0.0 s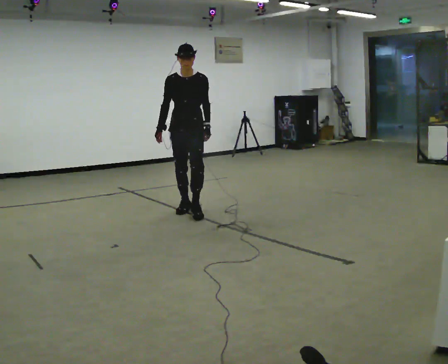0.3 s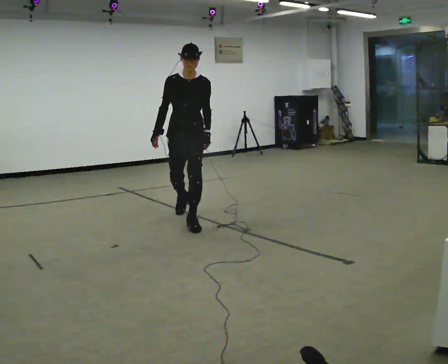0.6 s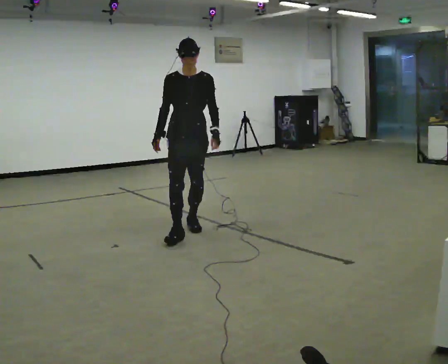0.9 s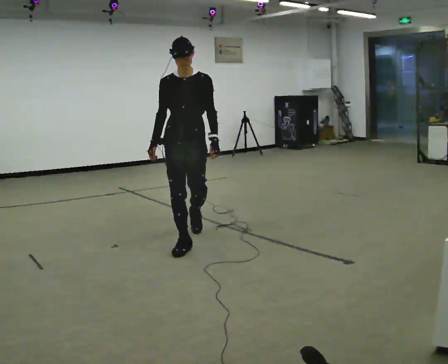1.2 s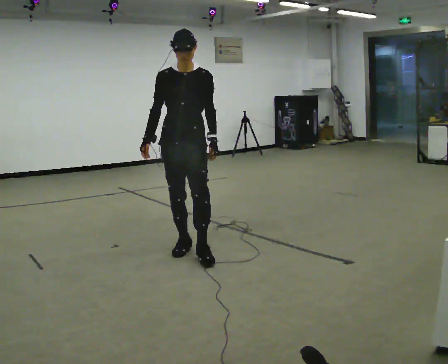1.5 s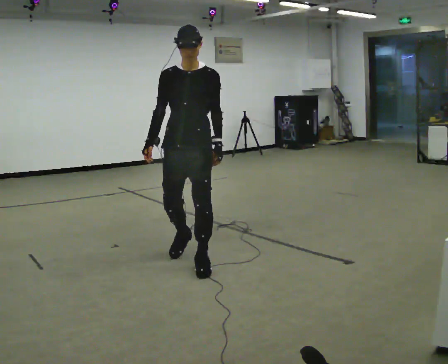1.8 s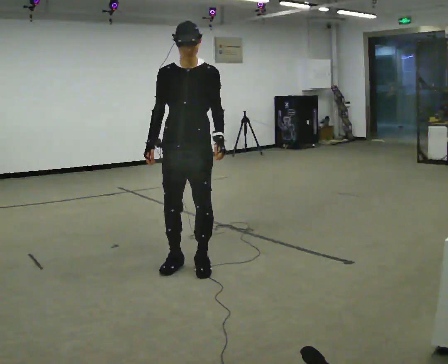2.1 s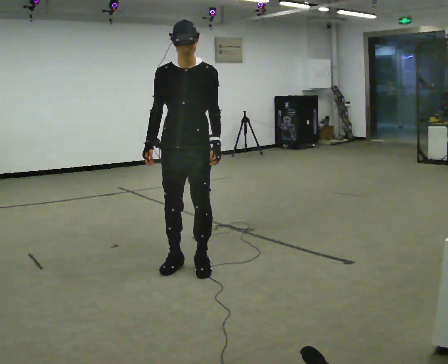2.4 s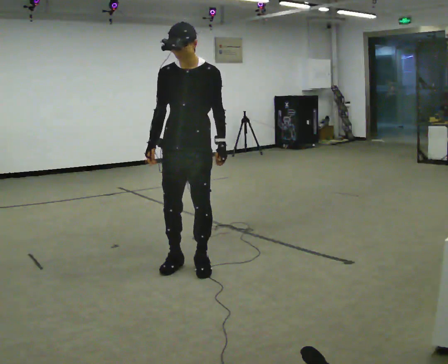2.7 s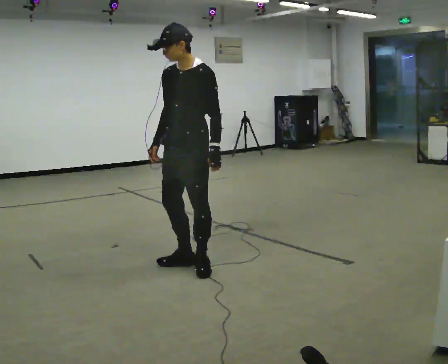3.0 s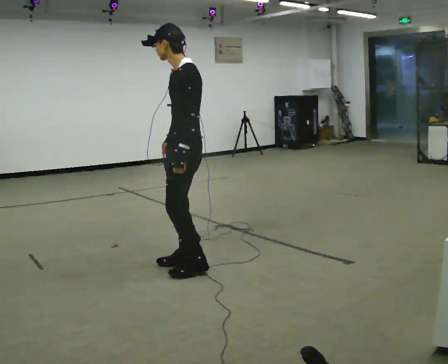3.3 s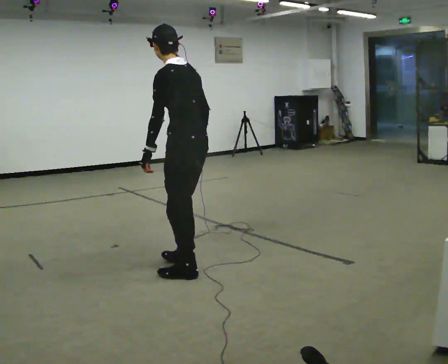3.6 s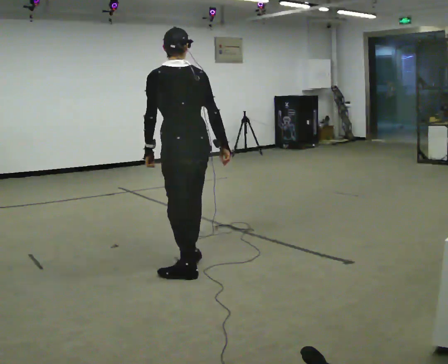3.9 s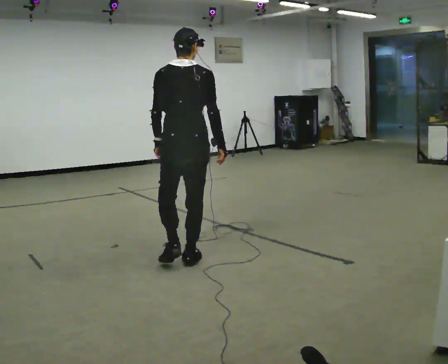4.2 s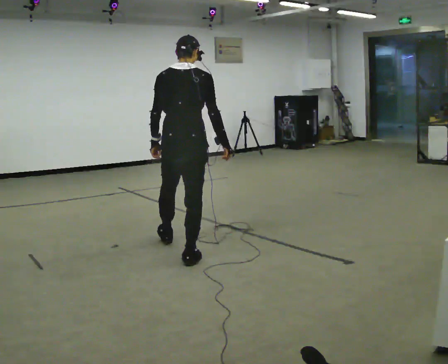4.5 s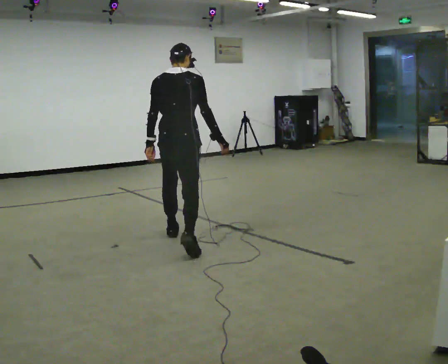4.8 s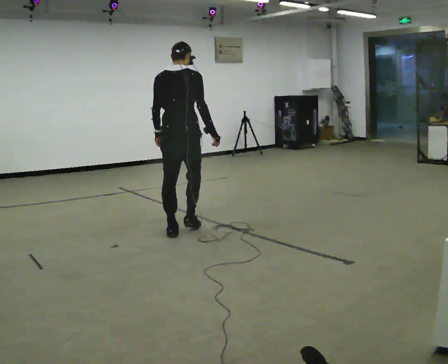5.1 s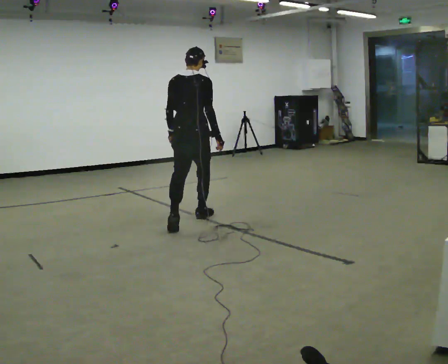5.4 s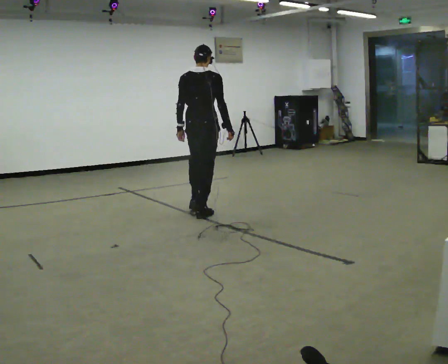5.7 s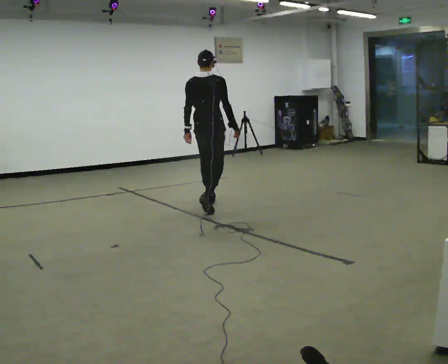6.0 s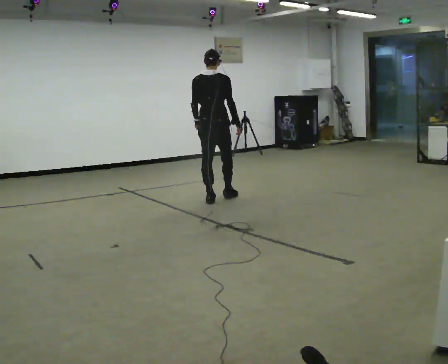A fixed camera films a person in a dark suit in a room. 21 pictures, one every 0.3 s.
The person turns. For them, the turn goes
to their right.
The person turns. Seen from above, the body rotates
clockwise.
0.0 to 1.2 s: In the picture they go toward the camera, about 1.5 m in 2 steps, which for them is forward.
1.2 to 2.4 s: In the picture they go toward the camera, about 0.25 m in 2 steps, which for them is forward.
2.4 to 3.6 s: The person turns about 150 degrees to their right, clockwise seen from above, so the part of the body nearest the lens slides to the left. The upper body tips away from the camera, its near side rolling upward. In the picture their right hand goes to the right, the arm swinging counterclockwise.
3.6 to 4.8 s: Seen from above the body turns clockwise, about 30 degrees: to their right, with its near side sliding to the left. In the picture they go away from the camera, about 1 m in 1 step, which for them is forward.
4.8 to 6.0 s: In the picture they go away from the camera, about 1.5 m in 2 steps, which for them is forward.
The film runs forward here.
